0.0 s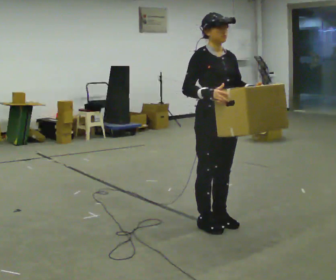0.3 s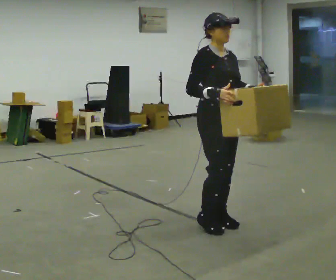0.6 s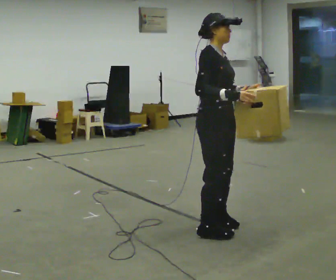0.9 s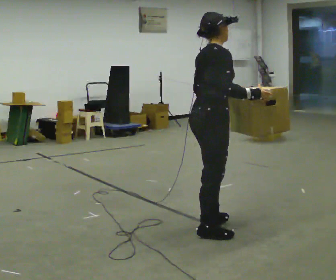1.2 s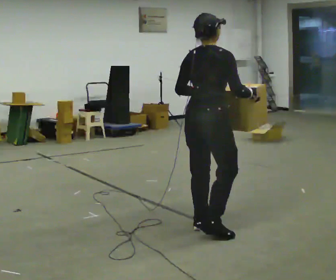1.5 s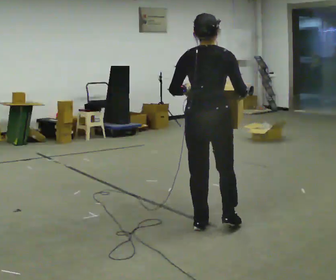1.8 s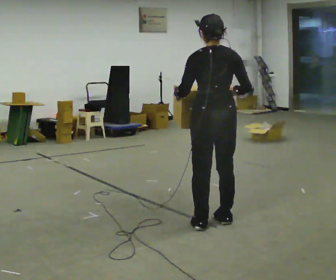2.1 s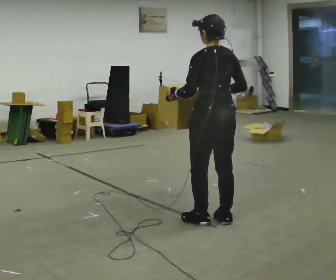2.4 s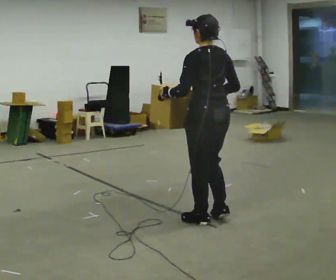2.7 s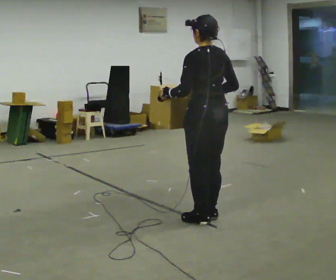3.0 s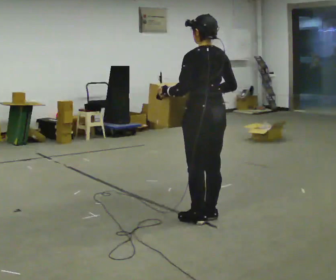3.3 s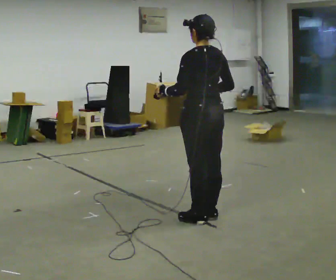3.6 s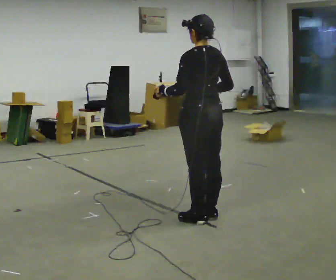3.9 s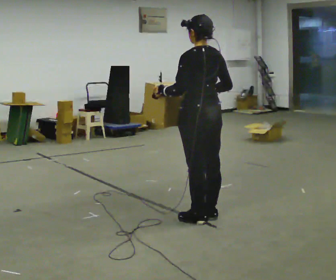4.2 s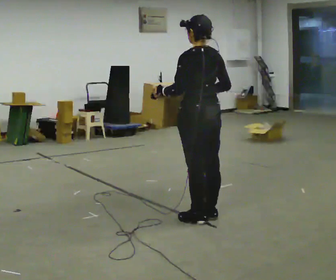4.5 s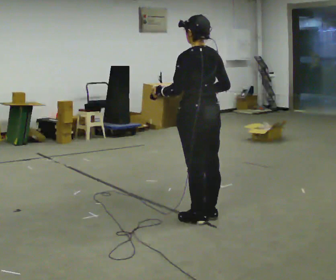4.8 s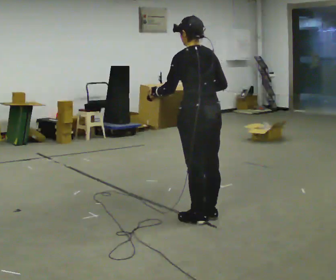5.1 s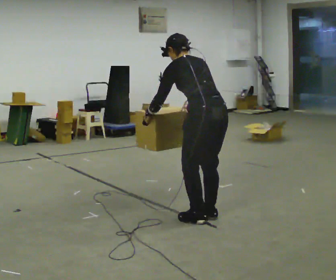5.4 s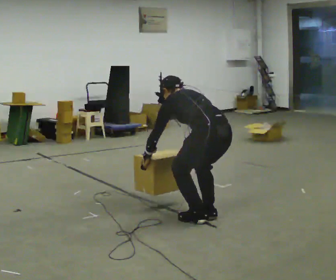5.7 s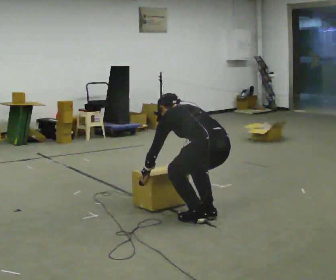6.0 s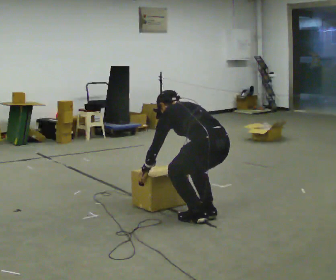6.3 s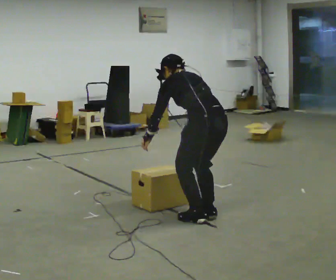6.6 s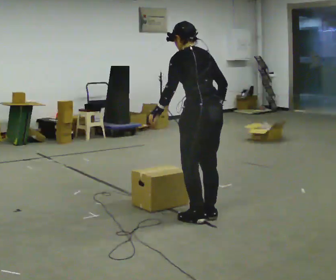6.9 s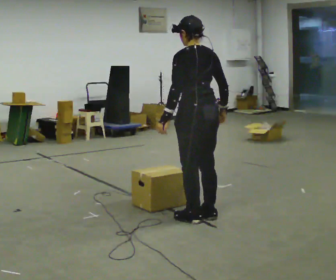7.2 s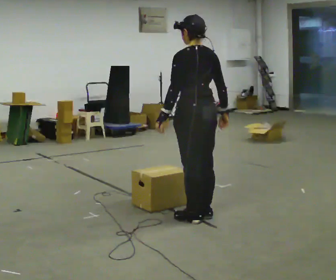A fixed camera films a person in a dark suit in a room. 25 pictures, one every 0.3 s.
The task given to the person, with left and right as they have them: Carry the heavy box in both hands in front of you, walking back and forth across the room. Keep walking until the operator says stop. Set it down if you need a rest.
0.0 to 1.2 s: Seen from above the body turns counterclockwise, about 105 degrees: to their left, with its near side sliding to the right. In the picture their right hand goes to the right.
1.2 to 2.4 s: The person turns about 75 degrees to their left, counterclockwise seen from above, so the part of the body nearest the lens slides to the right.
2.4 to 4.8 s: The person moves a little, or ends about where they began.
4.8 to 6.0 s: The upper body goes downward. The upper body tips away from the camera, its near side rolling upward, as they bend forward. In the picture their left hand goes downward.
6.0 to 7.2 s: The upper body goes upward. The upper body tips toward the camera, its near side rolling downward, as they lean back or straighten. In the picture their right hand goes upward.
The film runs forward here.
